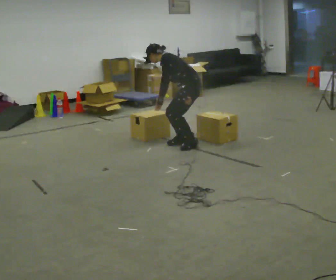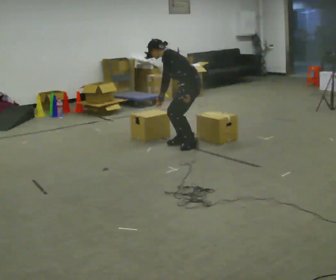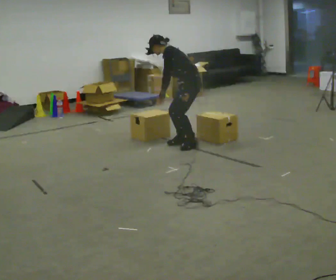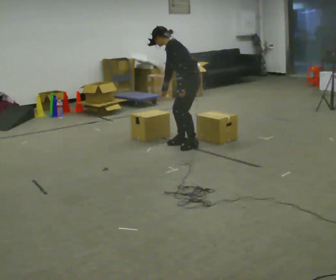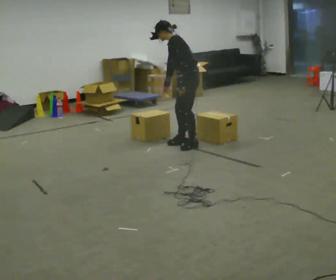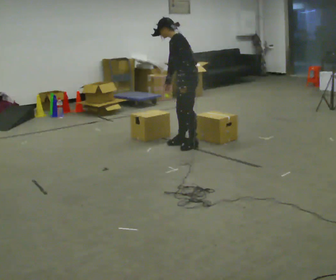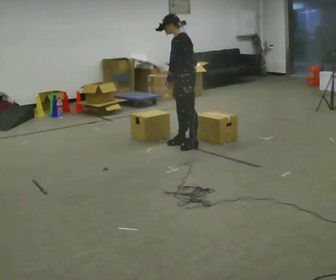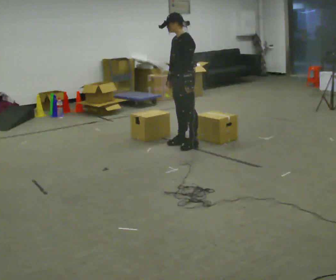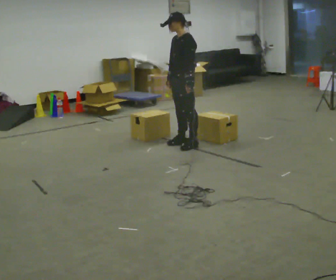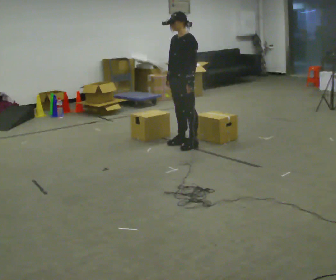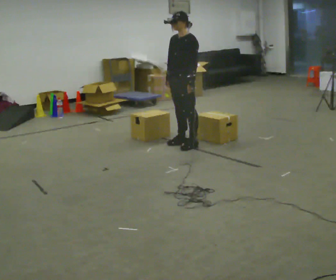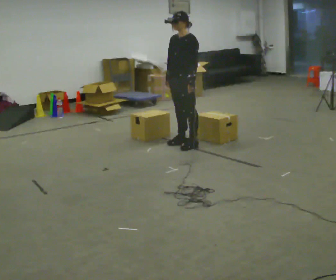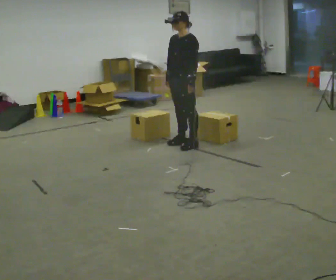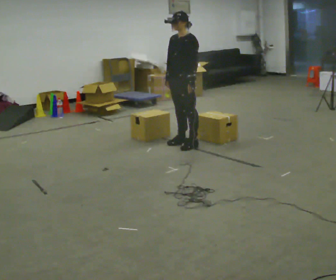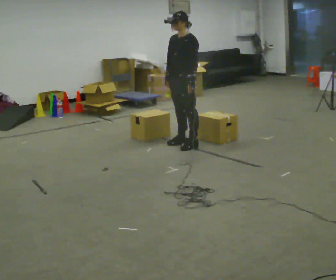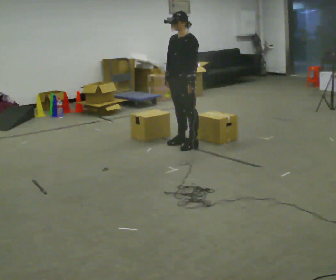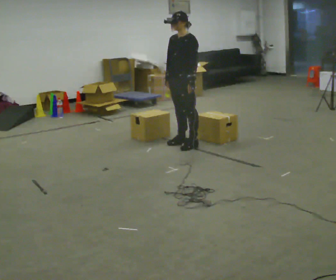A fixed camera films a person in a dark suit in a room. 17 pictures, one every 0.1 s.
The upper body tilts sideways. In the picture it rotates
clockwise.
The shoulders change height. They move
upward.
0.0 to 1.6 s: The part of the body nearest the lens slides to the right as the person turns to their left by about 30 degrees. The shoulders move upward. In the picture the upper body tilts clockwise, shoulders to the right, as they lean back or straighten.
The film runs backward here.
